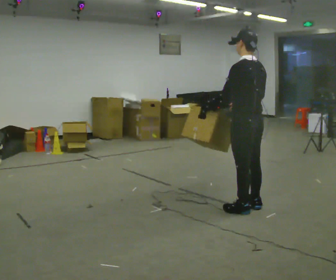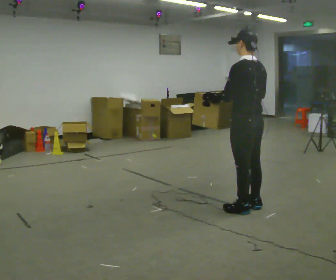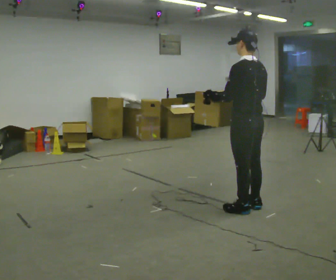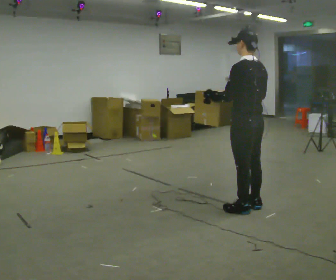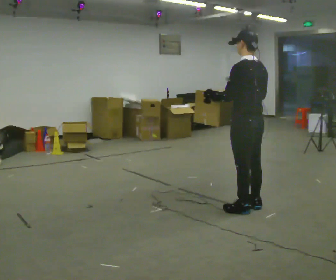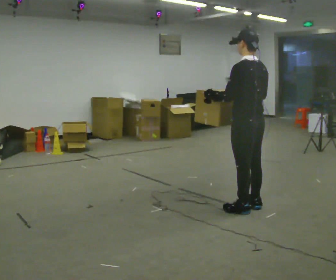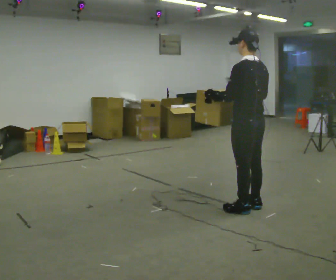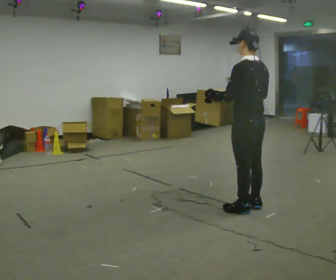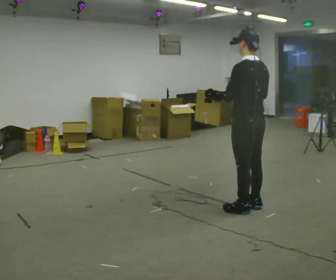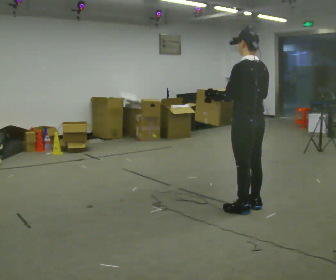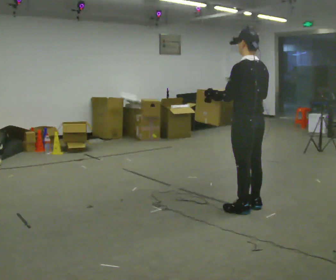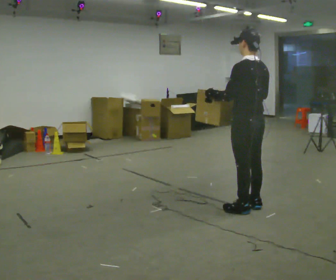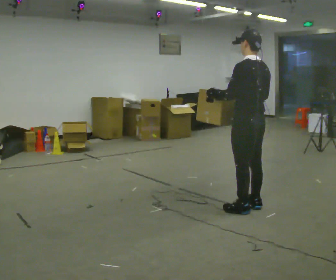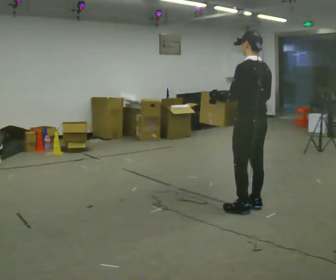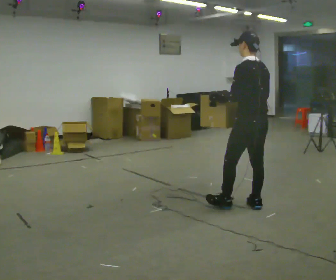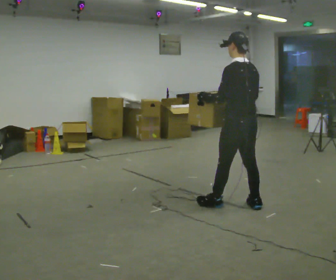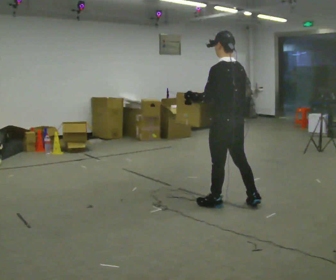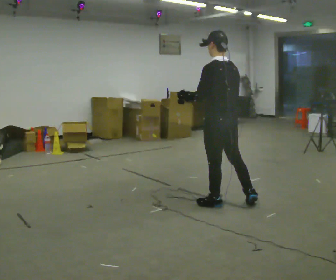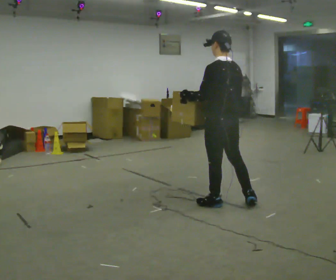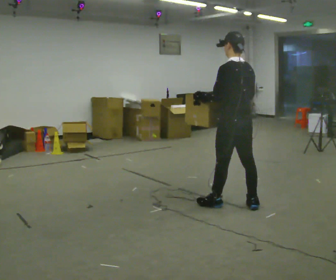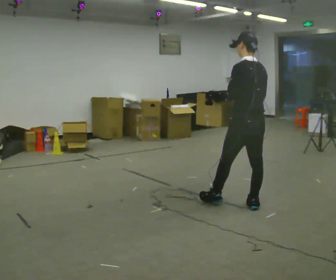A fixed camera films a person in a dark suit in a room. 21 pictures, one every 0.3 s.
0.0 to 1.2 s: The person moves a little, or ends about where they began.
1.2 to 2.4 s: The person keeps their place and pose.
2.4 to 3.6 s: The person moves a little, or ends about where they began.
3.6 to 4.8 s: In the picture they go to the left, about 0.25 m in 1 step, which for them is forward.
4.8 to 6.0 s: In the picture they go to the right, about 0.25 m in 1 step, which for them is to their right.
The film runs backward here.
